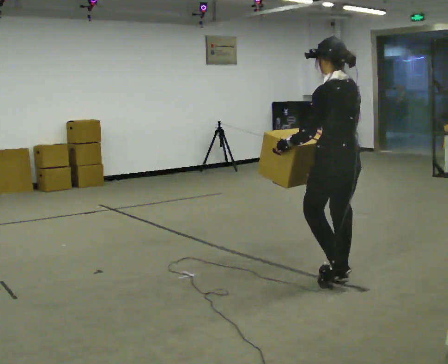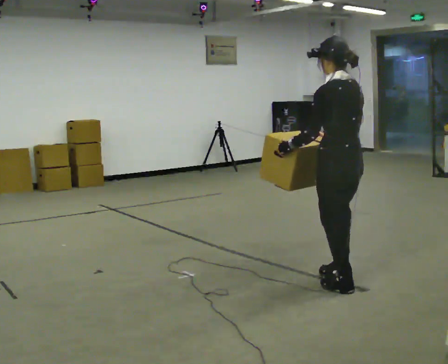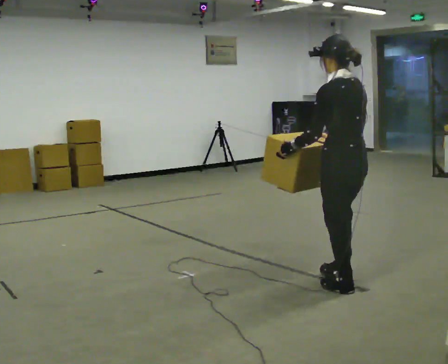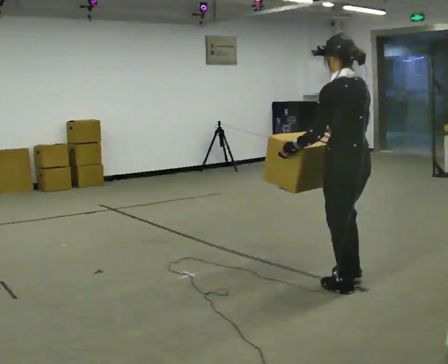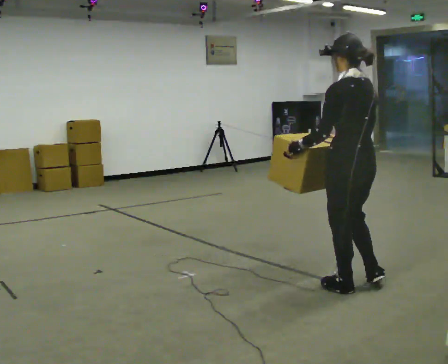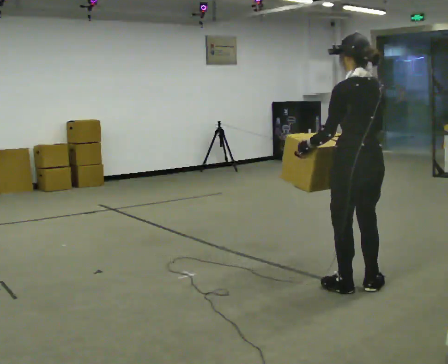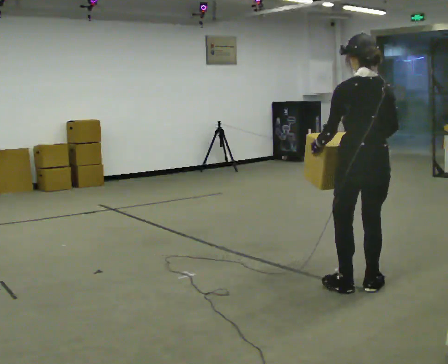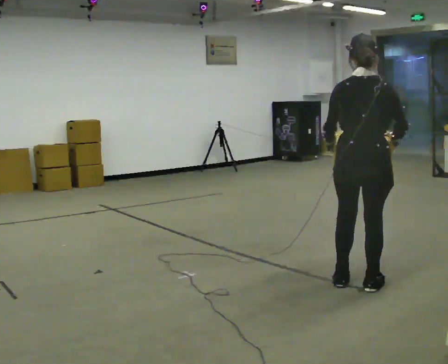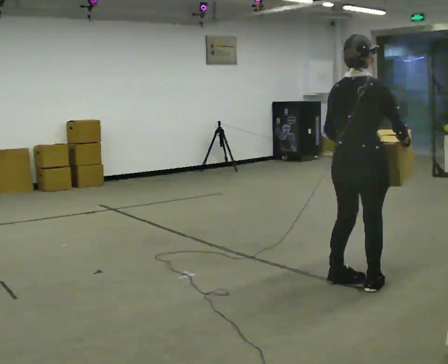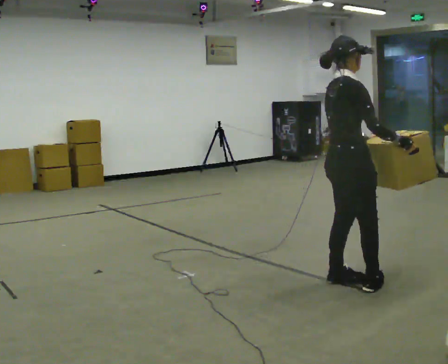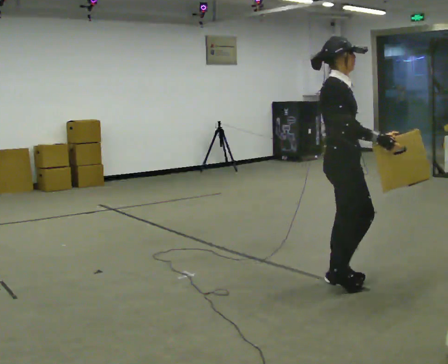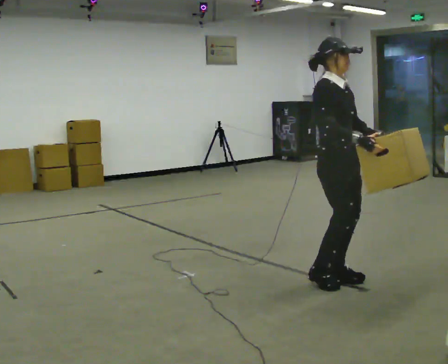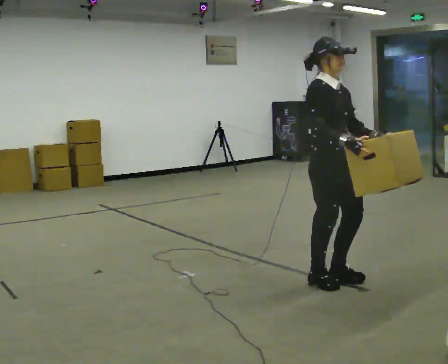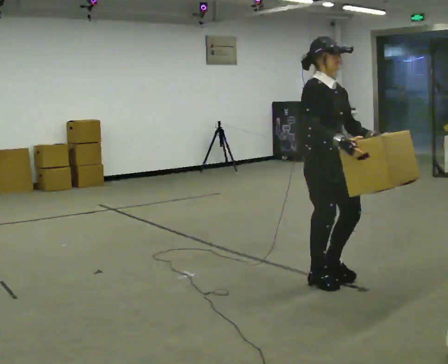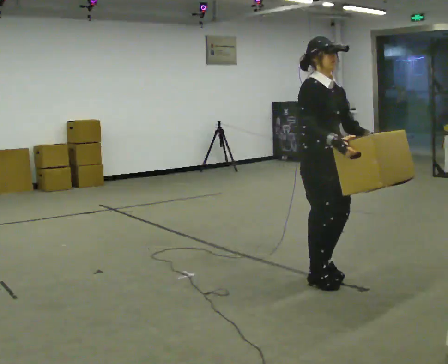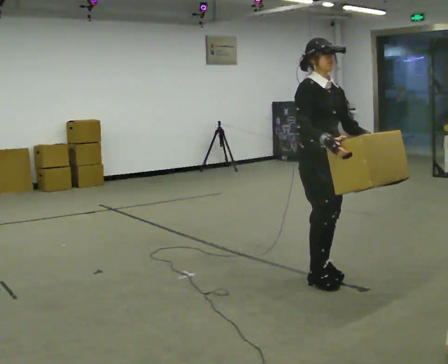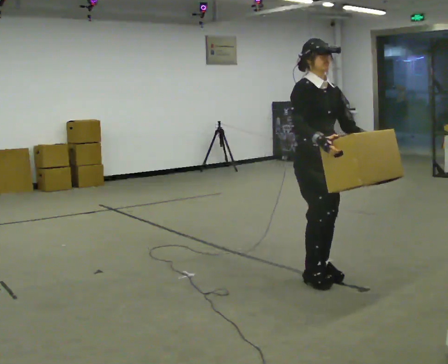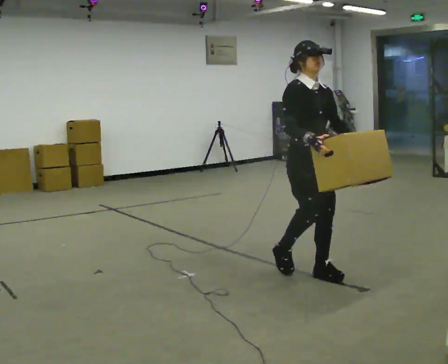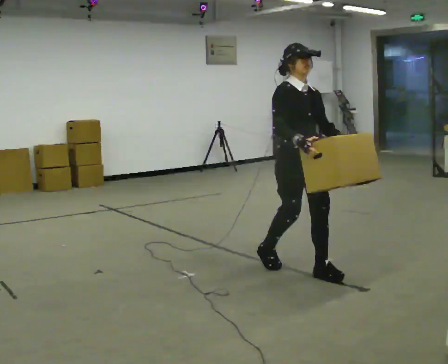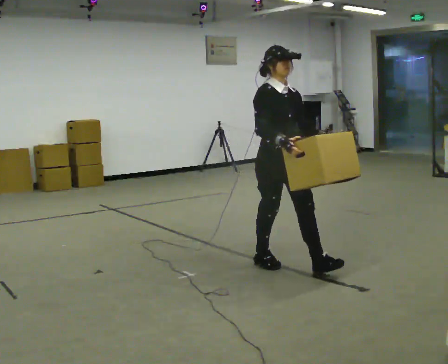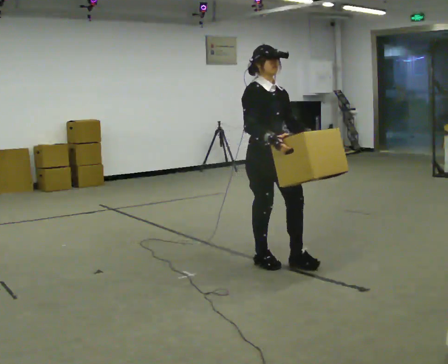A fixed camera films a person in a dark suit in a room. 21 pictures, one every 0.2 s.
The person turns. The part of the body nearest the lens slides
to the left.
The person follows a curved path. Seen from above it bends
clockwise.
0.0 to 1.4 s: The part of the body nearest the lens slides to the left as the person turns to their right by about 45 degrees. In the picture they go toward the camera and to the right, about 0.25 m in 2 steps, which for them is backward. In the picture their right hand goes to the right, the arm swinging counterclockwise.
1.4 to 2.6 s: The part of the body nearest the lens slides to the left as the person turns to their right by about 120 degrees. In the picture they go to the left, about 0.25 m in 2 steps.
2.6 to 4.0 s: In the picture they go to the left and away from the camera, about 0.5 m in 2 steps, which for them is backward.
The film runs backward here.
